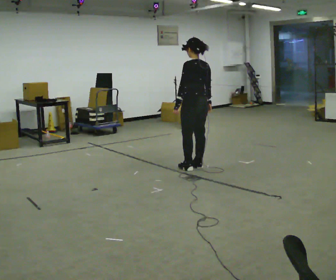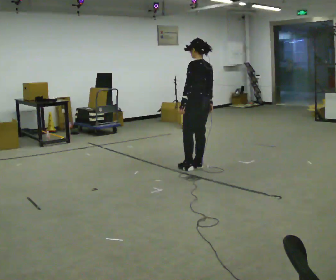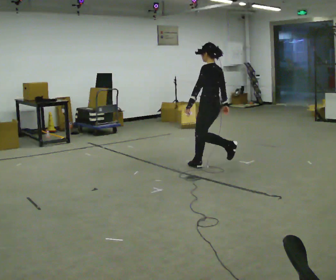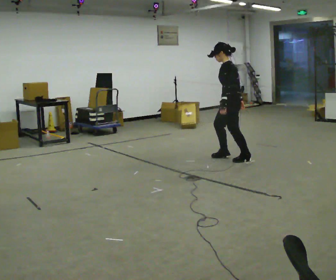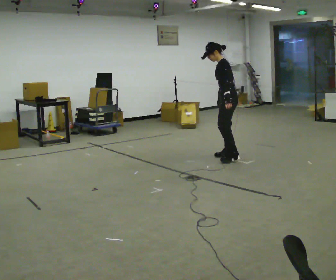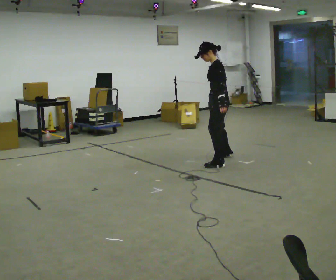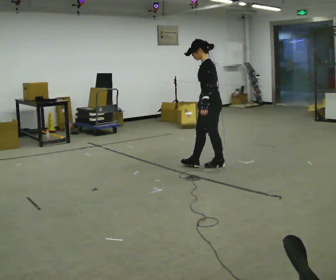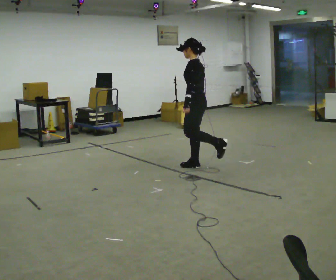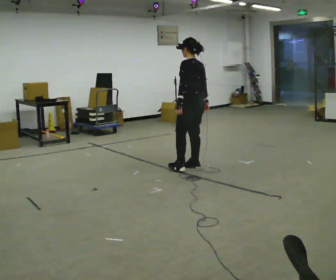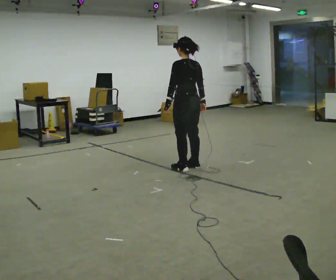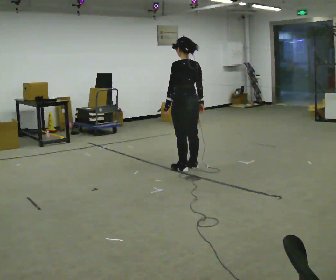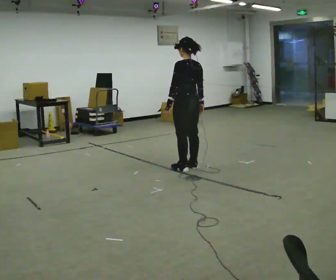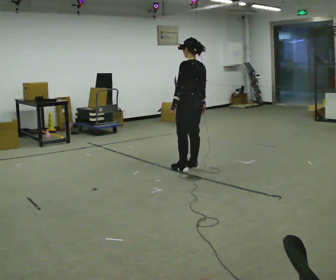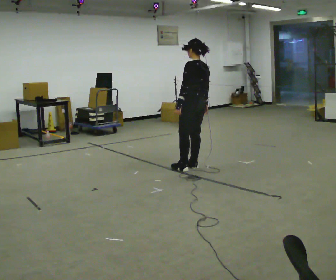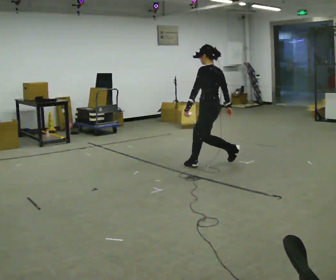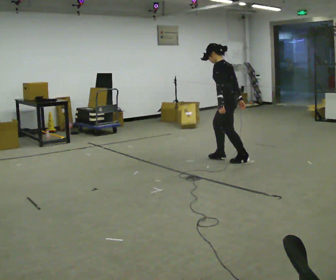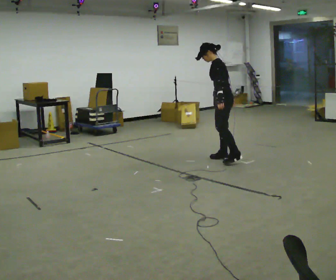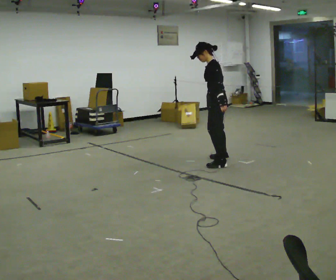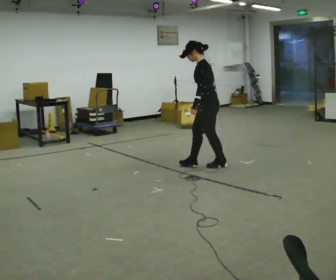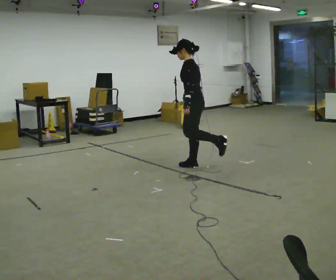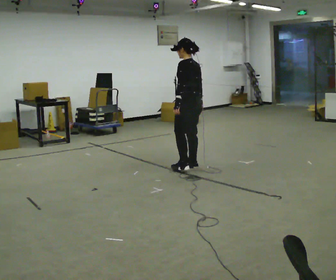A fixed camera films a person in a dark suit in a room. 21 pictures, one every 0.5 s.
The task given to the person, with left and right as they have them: Stand on the marked spots. Lean to the side the operator calls until you cannot hold it, then step to catch yourself. Return to the spots. Repeat at your own pace until the operator says stop. Go slowly and only as far as you are comfortable. Step whenever you need to; do not try to hold on longer than feels safe.
0.0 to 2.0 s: The part of the body nearest the lens slides to the right as the person turns to their left by about 45 degrees. In the picture they go to the right and away from the camera, about 0.5 m in 2 steps, which for them is to their right. In the picture the upper body tilts counterclockwise, shoulders to the left, as they bend forward.
2.0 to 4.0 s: The person turns about 30 degrees to their right, clockwise seen from above, so the part of the body nearest the lens slides to the left. In the picture they go to the left and toward the camera, about 0.75 m in 2 steps, which for them is forward and to their left.
4.0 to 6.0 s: The person moves a little, or ends about where they began.
6.0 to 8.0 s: The part of the body nearest the lens slides to the right as the person turns to their left by about 30 degrees. In the picture they go to the right and away from the camera, about 0.5 m in 2 steps, which for them is to their right. In the picture the upper body tilts counterclockwise, shoulders to the left, as they bend forward.
8.0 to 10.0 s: The person turns about 30 degrees to their right, clockwise seen from above, so the part of the body nearest the lens slides to the left. In the picture they go to the left and toward the camera, about 0.5 m in 2 steps, which for them is forward and to their left.
The film runs forward here.
